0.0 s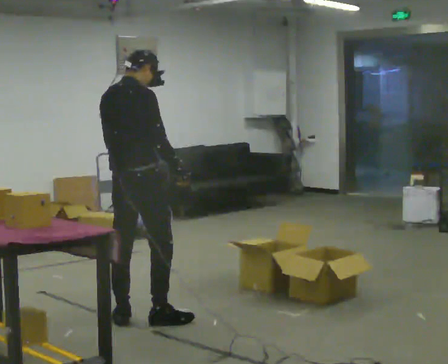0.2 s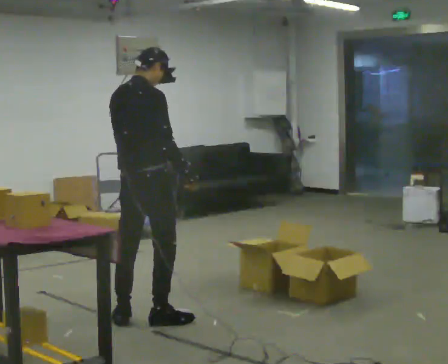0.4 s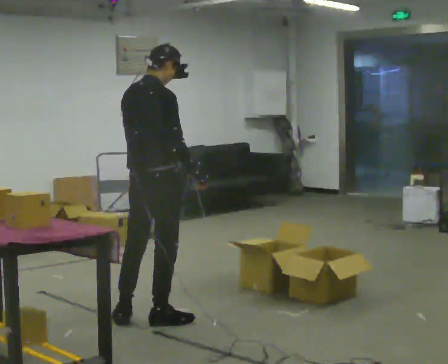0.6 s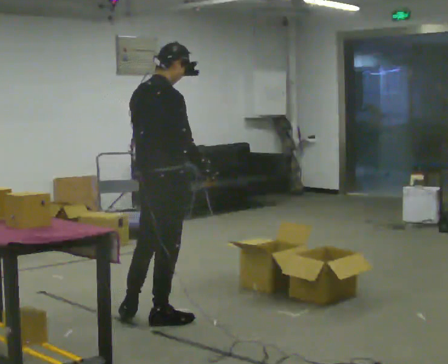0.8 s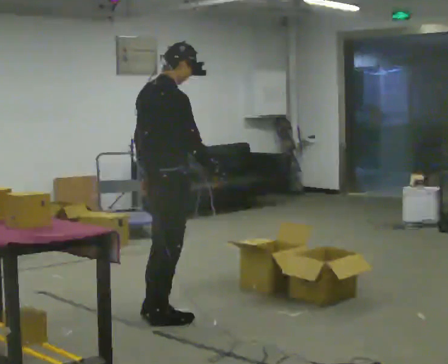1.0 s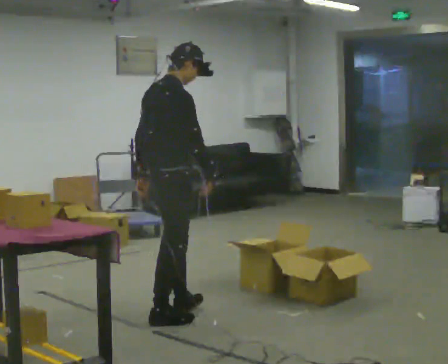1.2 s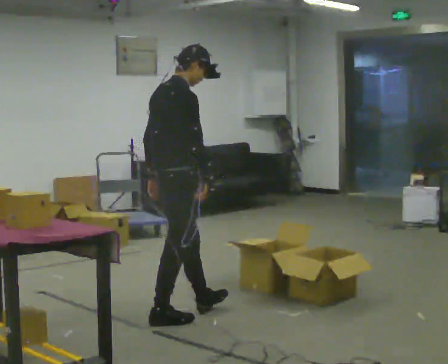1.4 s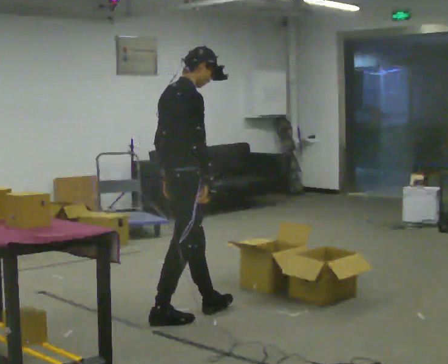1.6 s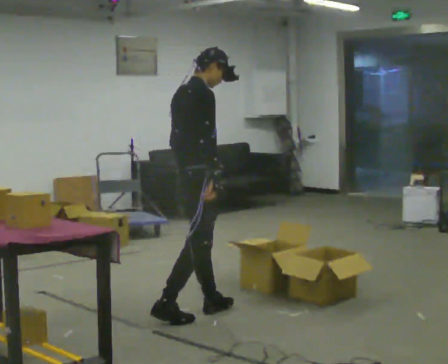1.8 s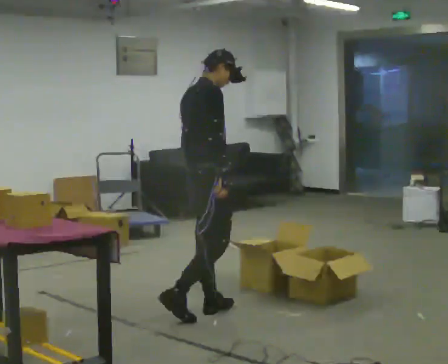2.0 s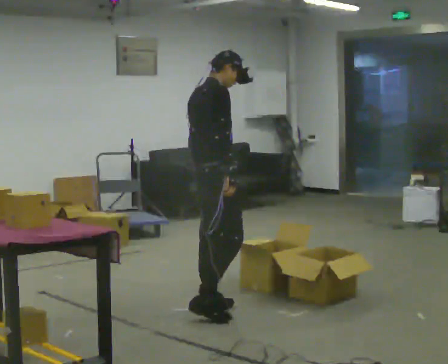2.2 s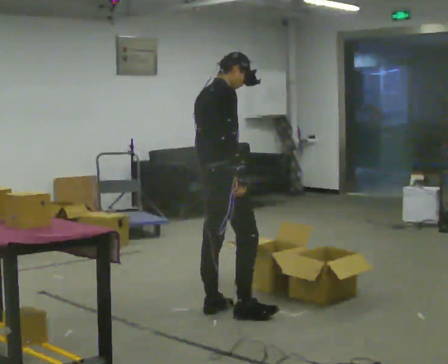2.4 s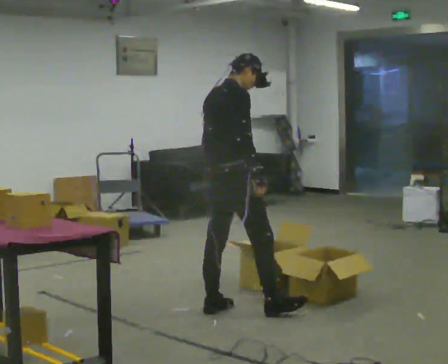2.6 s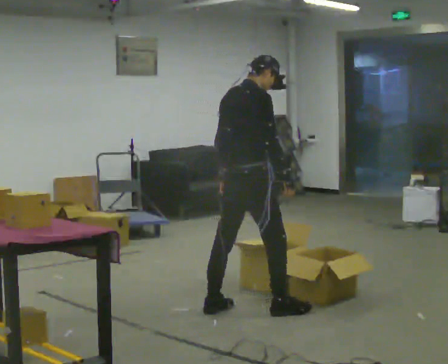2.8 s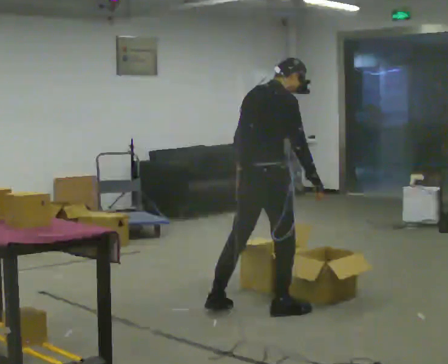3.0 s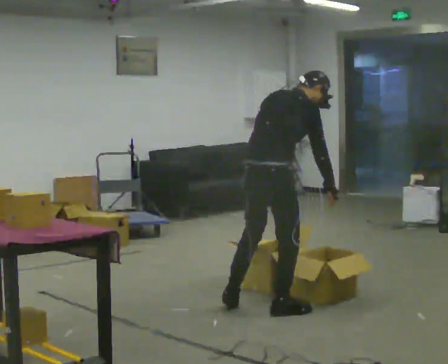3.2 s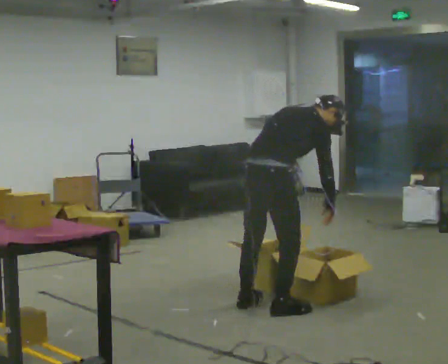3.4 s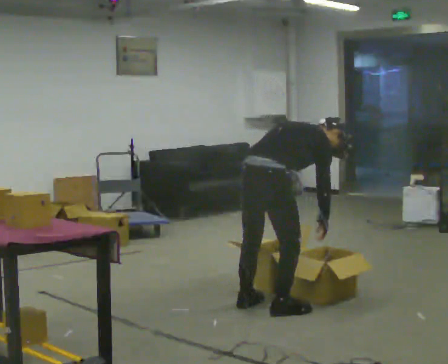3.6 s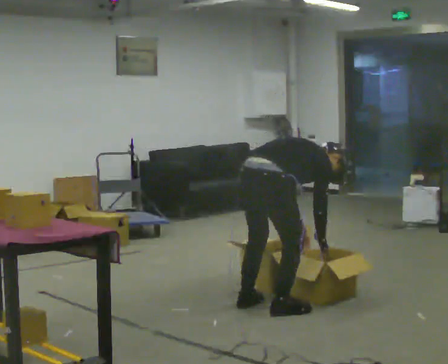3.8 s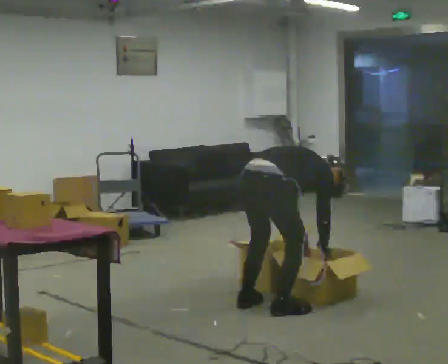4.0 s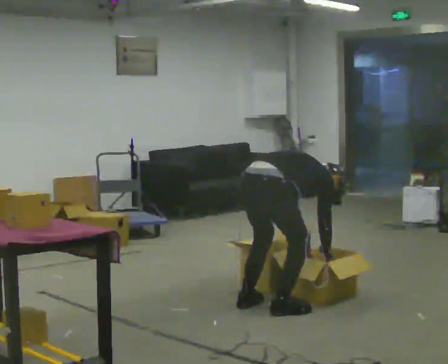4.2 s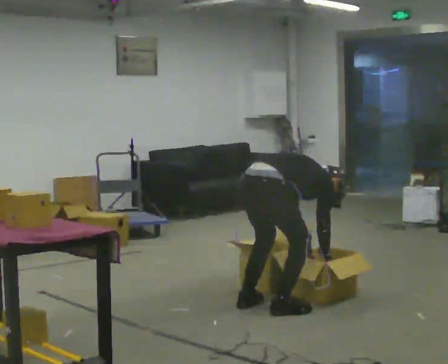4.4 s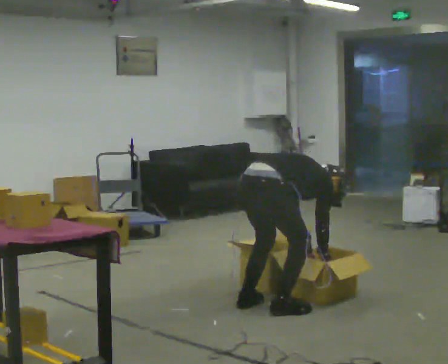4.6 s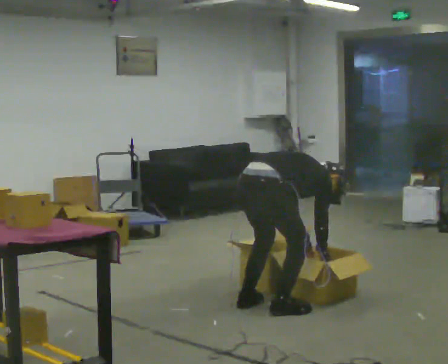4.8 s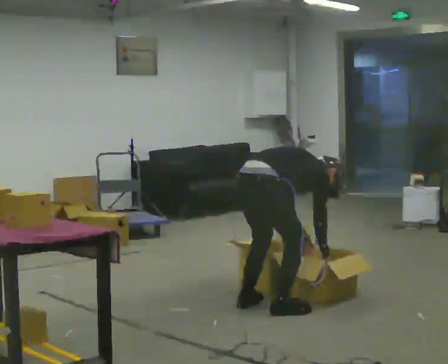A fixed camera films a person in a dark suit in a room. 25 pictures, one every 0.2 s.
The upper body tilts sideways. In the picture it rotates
clockwise.
0.0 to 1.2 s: In the picture they go to the right, about 0.25 m, which for them is forward and to their right.
1.2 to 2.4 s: In the picture they go to the right and away from the camera, about 0.5 m in 1 step, which for them is forward.
2.4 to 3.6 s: In the picture they go to the right, about 0.25 m in 2 steps, which for them is to their right. The shoulders move downward. In the picture the upper body tilts clockwise, shoulders to the right, as they bend forward. In the picture their right hand goes downward and to the right.
3.6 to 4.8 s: The person moves a little, or ends about where they began.
The film runs forward here.
